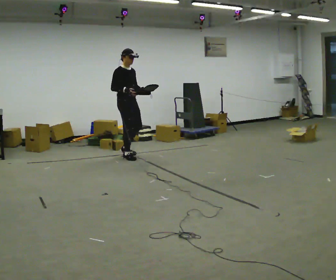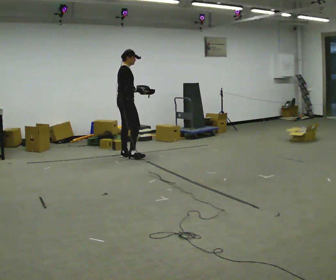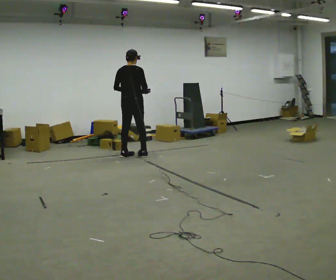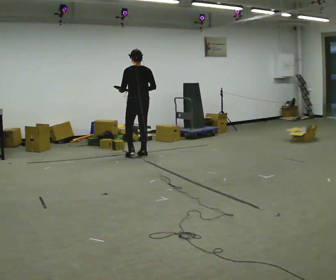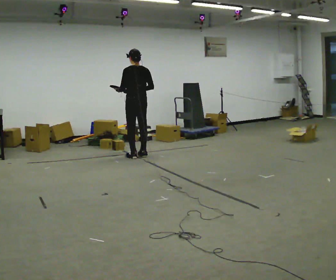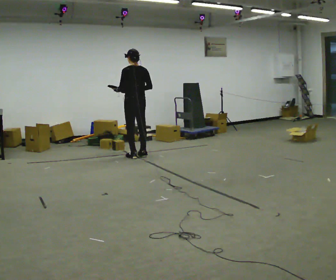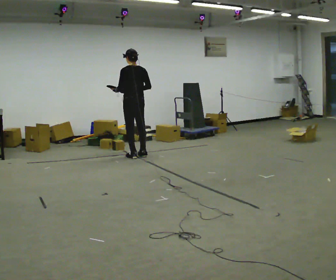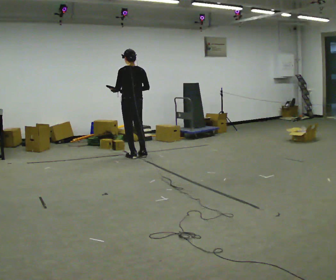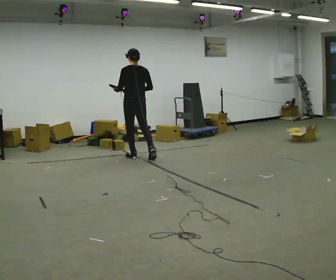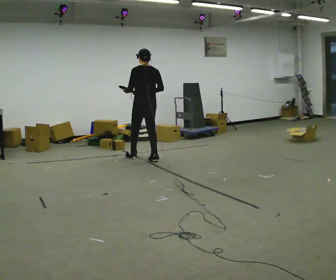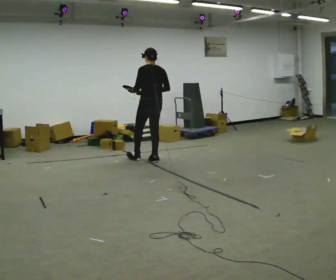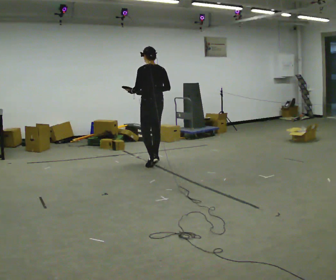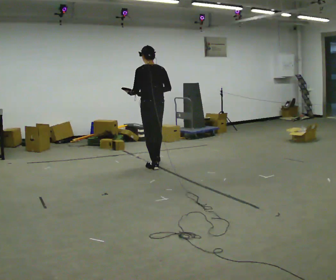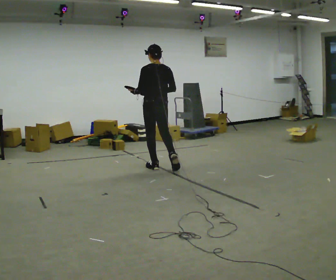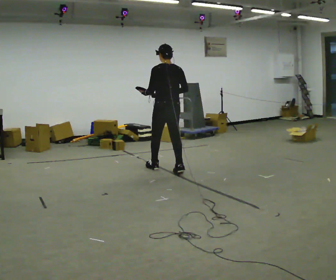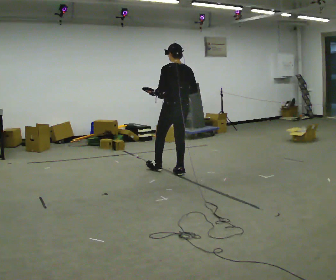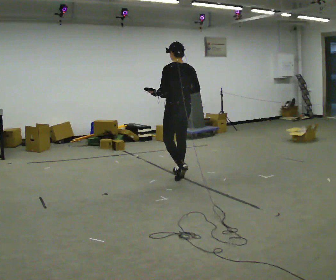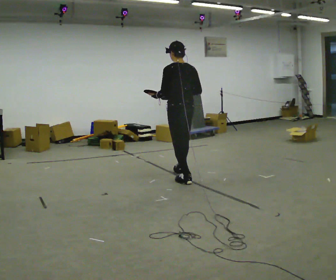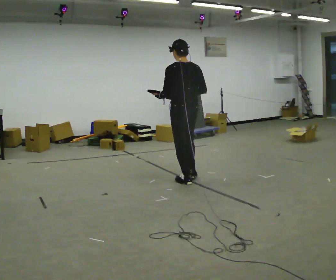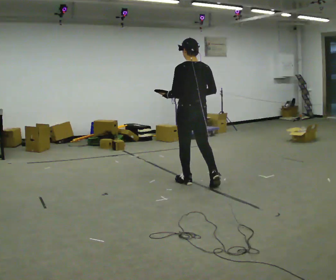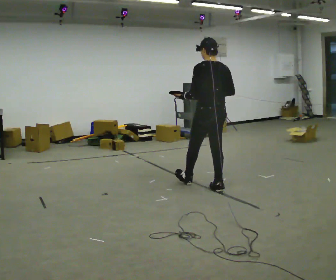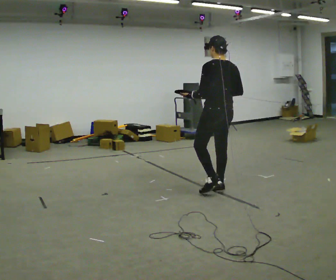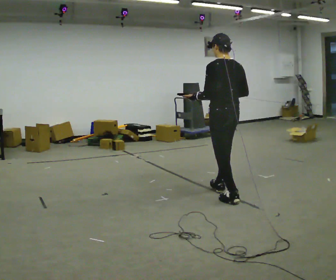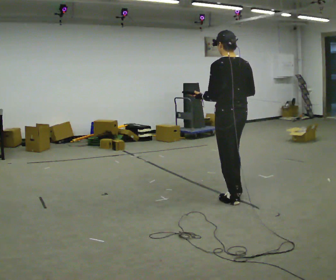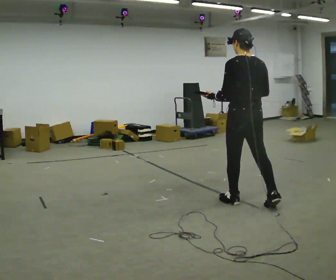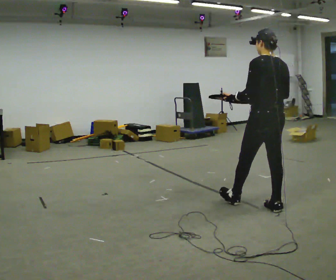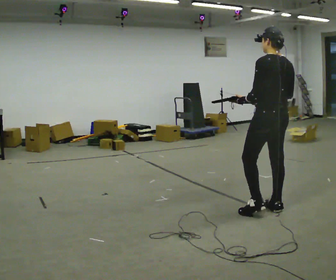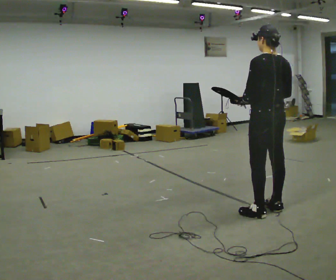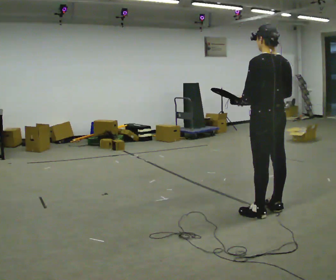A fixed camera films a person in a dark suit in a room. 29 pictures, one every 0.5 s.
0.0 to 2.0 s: The person turns about 150 degrees to their left, counterclockwise seen from above, so the part of the body nearest the lens slides to the right. In the picture they go to the right, about 0.25 m in 2 steps. In the picture their left hand goes to the left, the arm swinging clockwise.
2.0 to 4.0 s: The person moves a little, or ends about where they began.
4.0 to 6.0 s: In the picture they go toward the camera and to the right, about 0.75 m in 2 steps, which for them is backward.
6.0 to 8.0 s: In the picture they go toward the camera and to the right, about 0.5 m in 1 step, which for them is backward.
8.0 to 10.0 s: In the picture they go toward the camera and to the right, about 1 m in 1 step, which for them is backward.
10.0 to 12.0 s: In the picture they go toward the camera and to the right, about 0.75 m in 2 steps, which for them is backward.
12.0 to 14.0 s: In the picture they go toward the camera and to the right, about 0.25 m in 1 step, which for them is backward.
The film runs backward here.
